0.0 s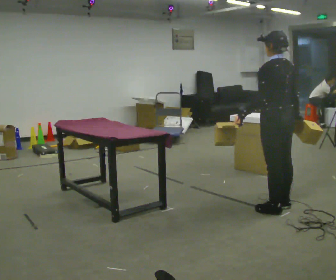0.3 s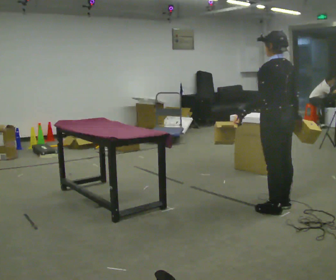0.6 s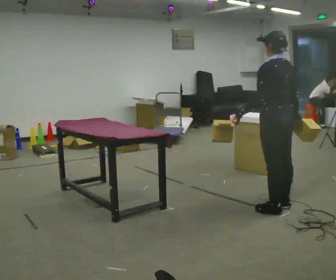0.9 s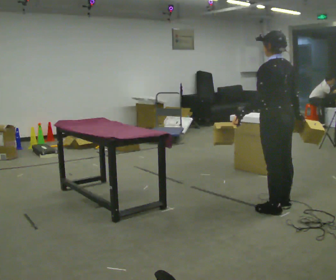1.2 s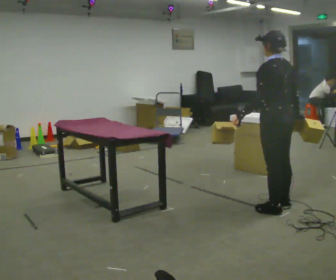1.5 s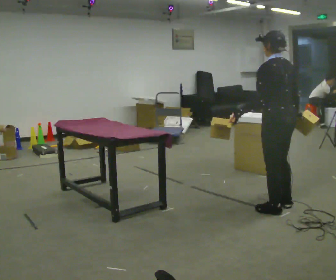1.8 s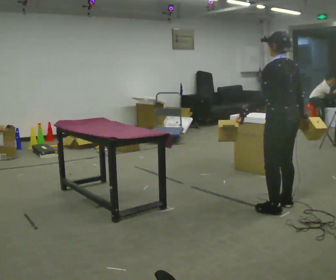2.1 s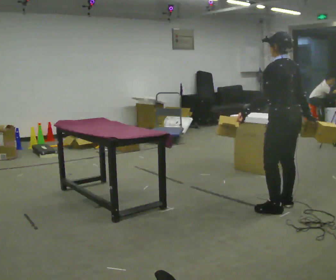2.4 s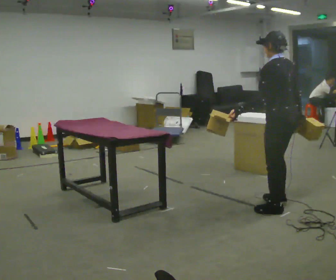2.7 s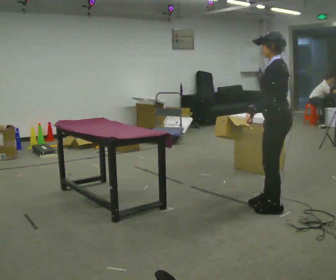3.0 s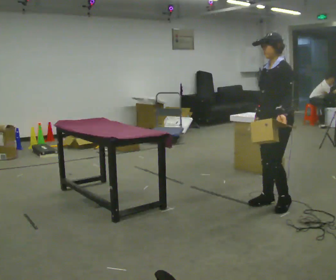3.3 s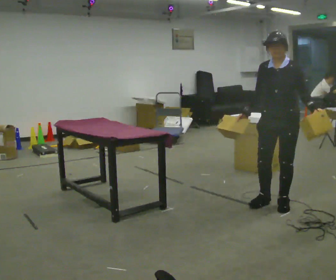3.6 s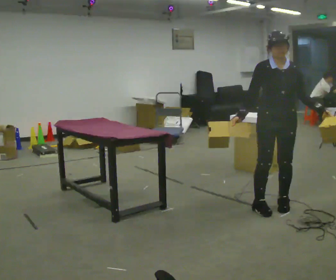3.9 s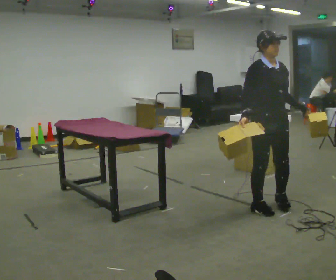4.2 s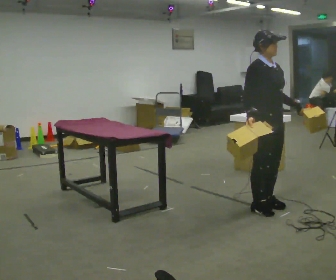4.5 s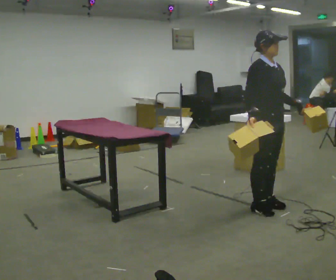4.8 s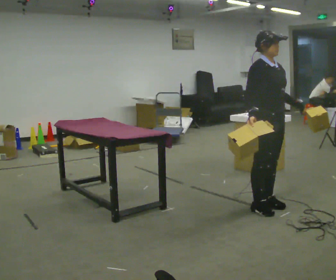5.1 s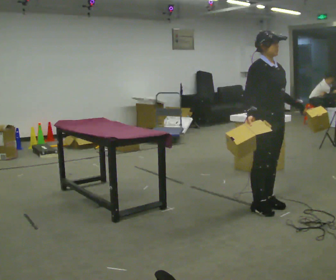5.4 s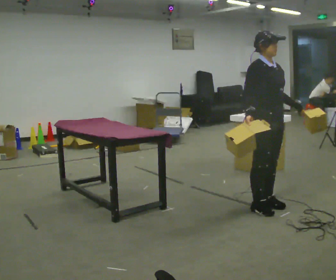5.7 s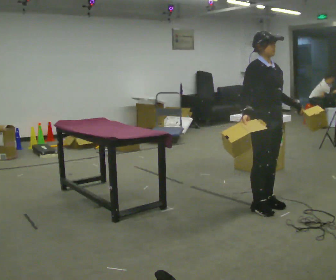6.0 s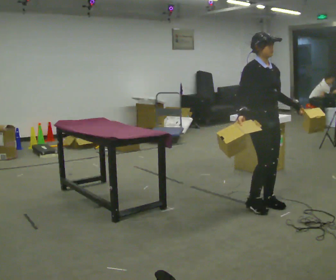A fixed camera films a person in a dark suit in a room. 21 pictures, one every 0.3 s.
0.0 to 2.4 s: The person moves a little, or ends about where they began.
2.4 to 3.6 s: Seen from above the body turns counterclockwise, about 135 degrees: to their left, with its near side sliding to the right. In the picture their left hand goes to the right, the arm swinging counterclockwise.
3.6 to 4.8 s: The part of the body nearest the lens slides to the right as the person turns to their left by about 45 degrees.
4.8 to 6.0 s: The person moves a little, or ends about where they began.
The film runs backward here.
